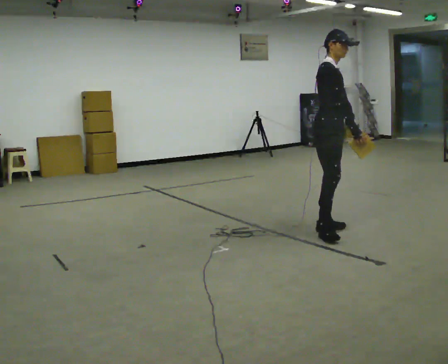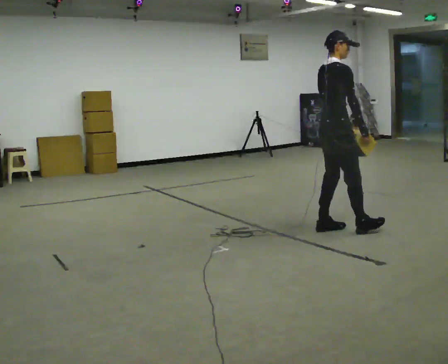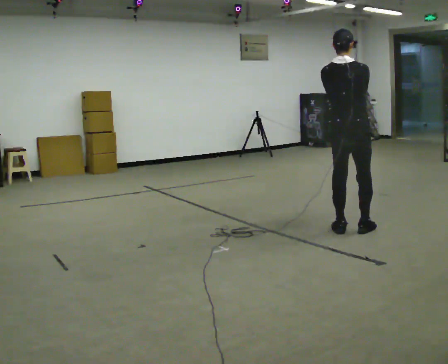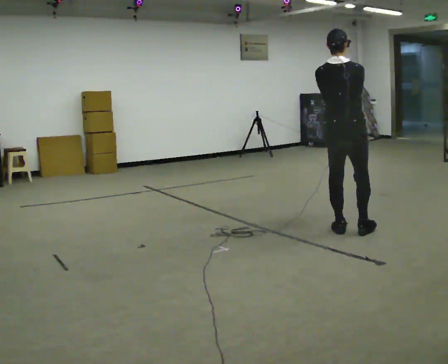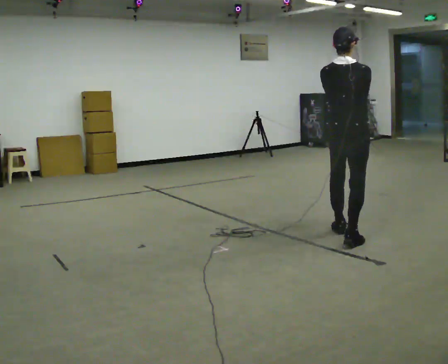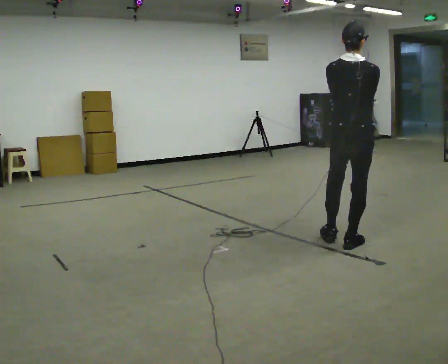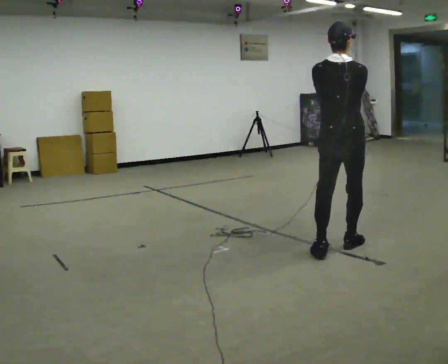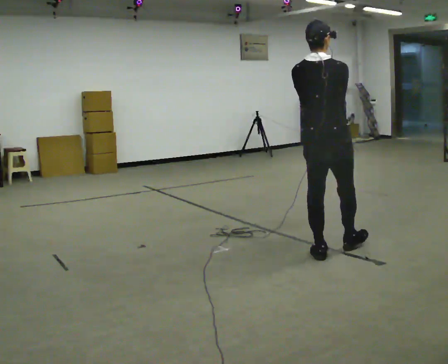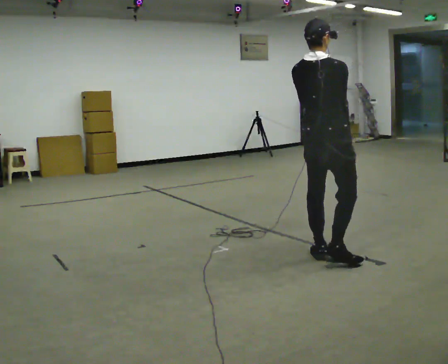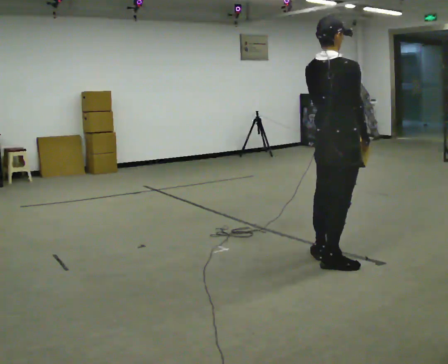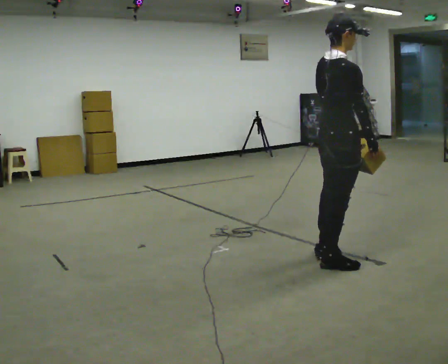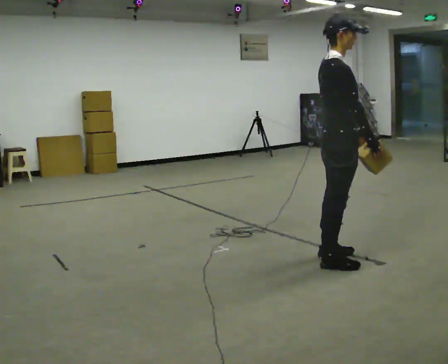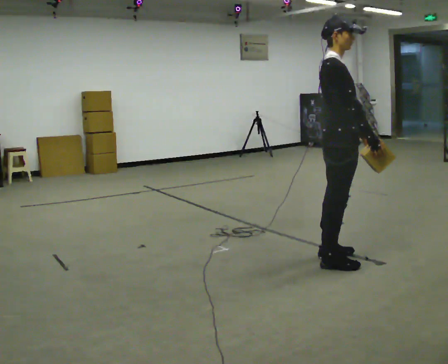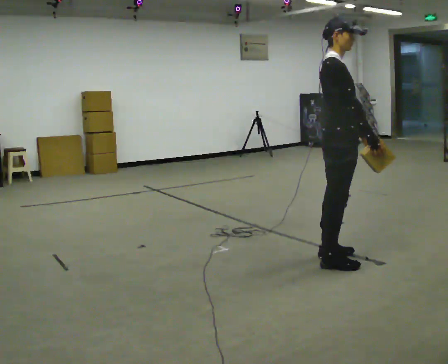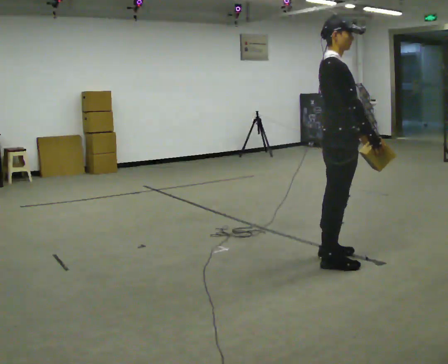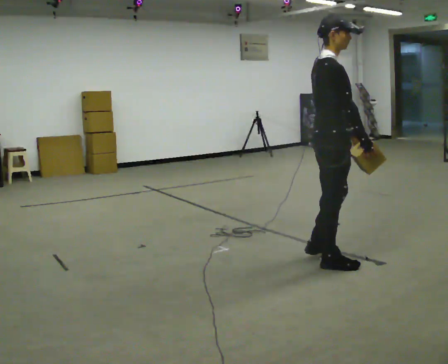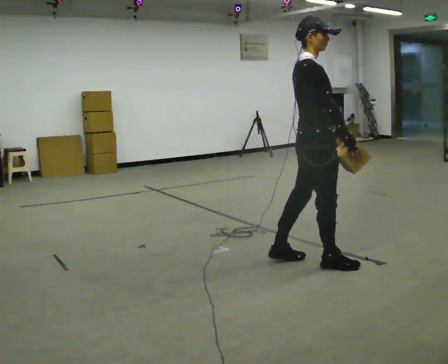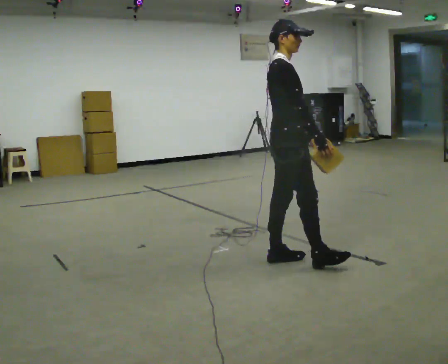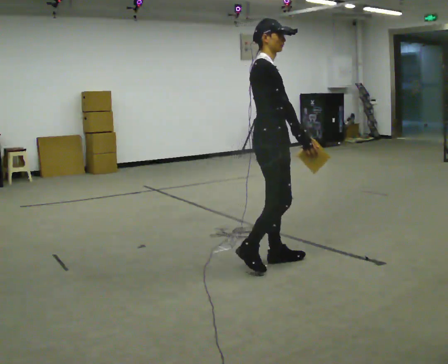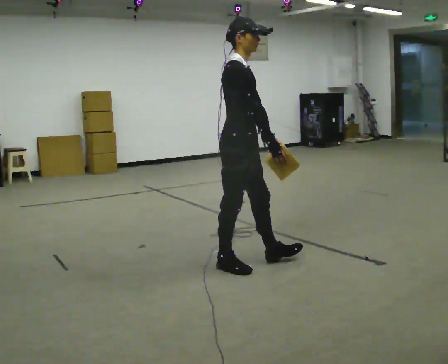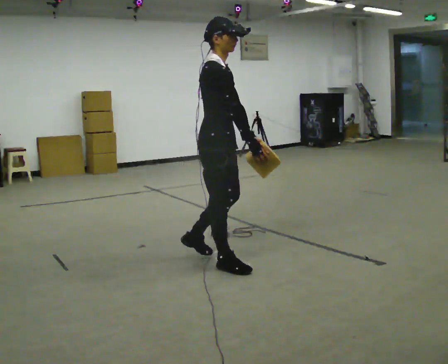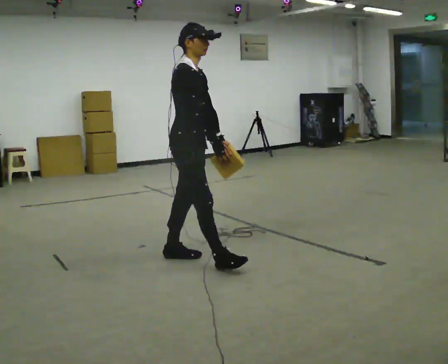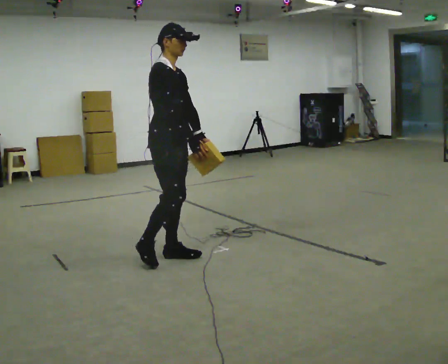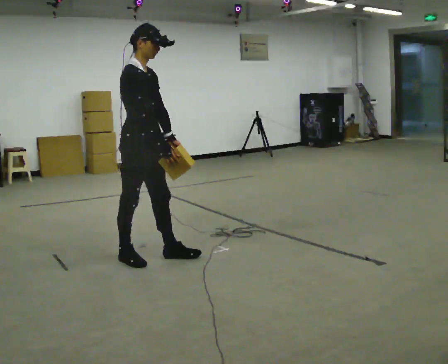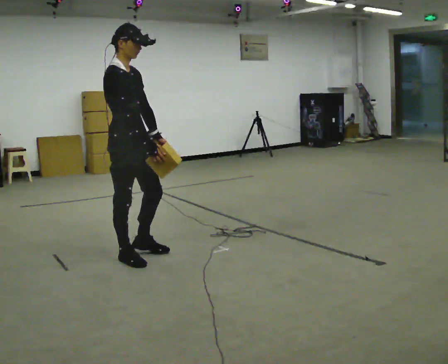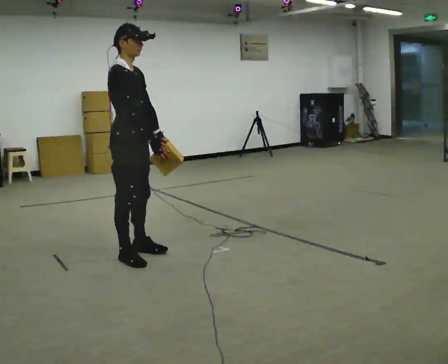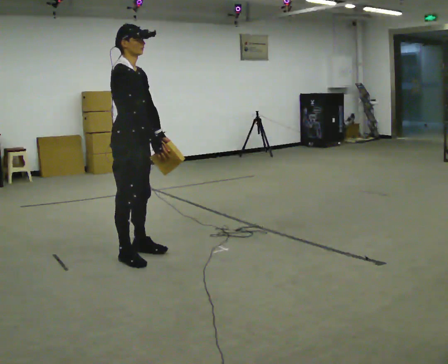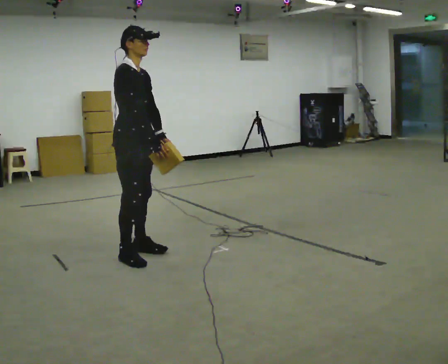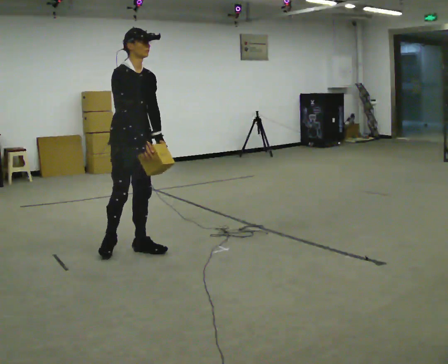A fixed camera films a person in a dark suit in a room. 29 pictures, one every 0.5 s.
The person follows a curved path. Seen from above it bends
clockwise.
0.0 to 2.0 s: The person turns about 90 degrees to their left, counterclockwise seen from above, so the part of the body nearest the lens slides to the right. In the picture they go to the right and toward the camera, about 0.25 m in 3 steps.
2.0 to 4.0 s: In the picture they go toward the camera, about 0.5 m in 2 steps, which for them is backward.
4.0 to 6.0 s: The part of the body nearest the lens slides to the left as the person turns to their right by about 60 degrees.
6.0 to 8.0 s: In the picture they go to the left, about 0.25 m in 1 step, which for them is backward.
8.0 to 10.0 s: In the picture they go to the left, about 0.75 m in 2 steps, which for them is backward.
10.0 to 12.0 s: In the picture they go to the left, about 0.75 m in 2 steps, which for them is backward.
12.0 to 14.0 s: In the picture they go away from the camera, about 0.25 m in 1 step, which for them is to their left.
The film runs backward here.
